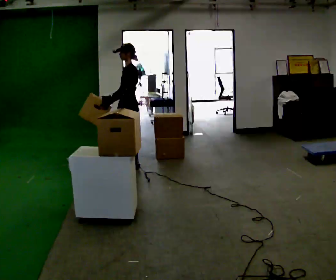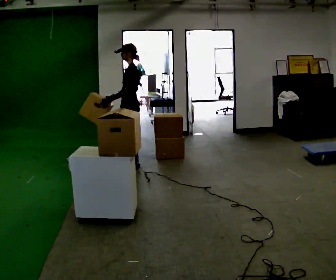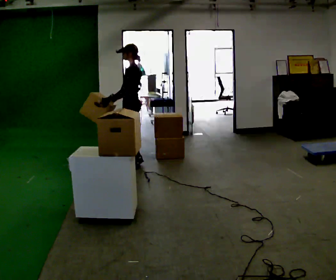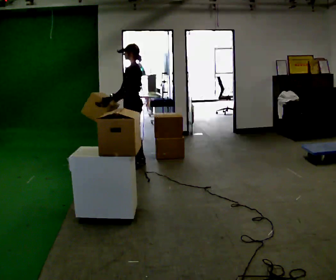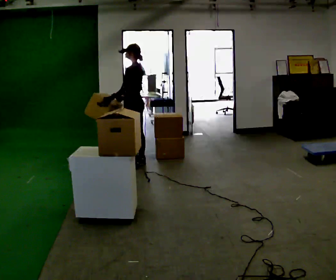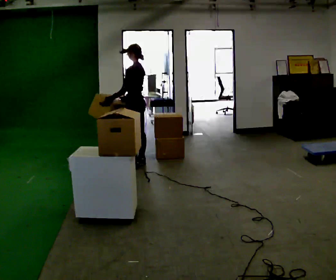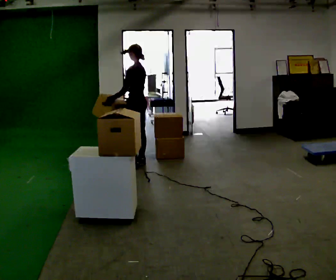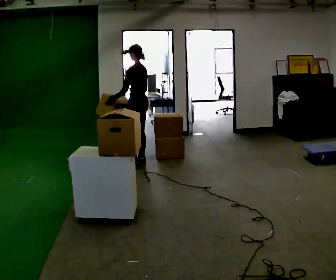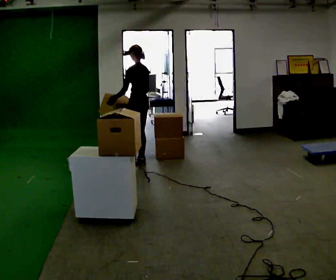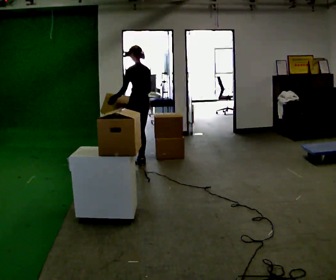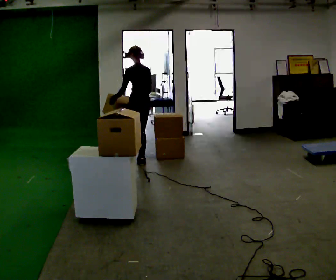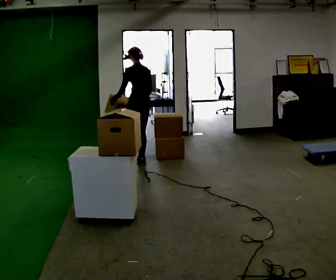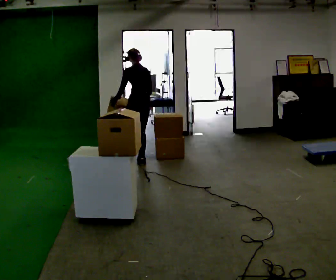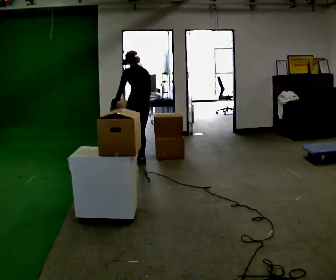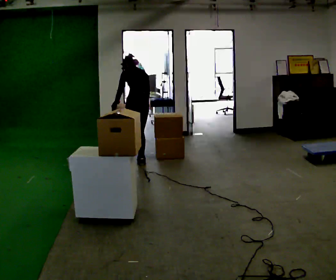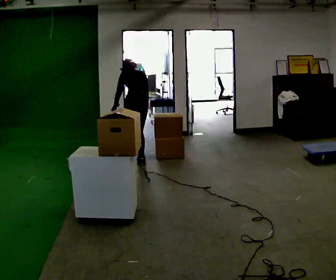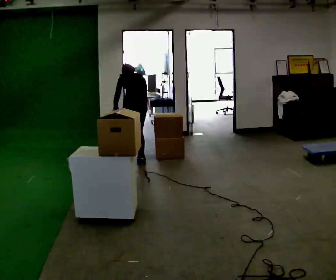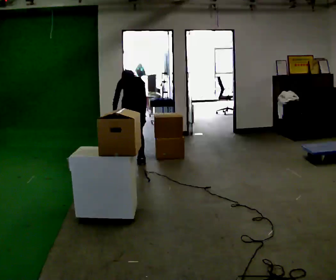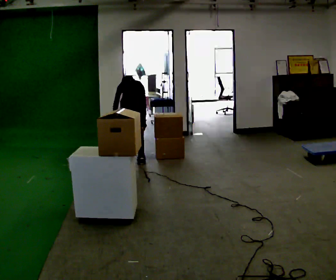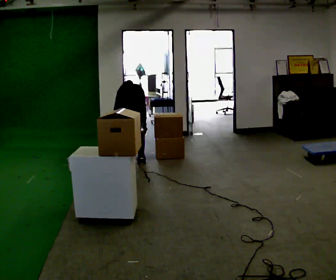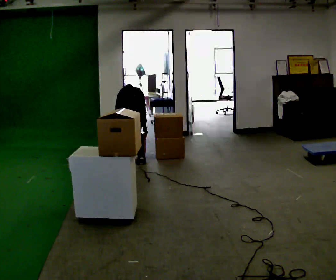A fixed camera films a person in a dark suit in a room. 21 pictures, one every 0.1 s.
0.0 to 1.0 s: The person turns about 60 degrees to their right, clockwise seen from above, so the part of the body nearest the lens slides to the left. In the picture they go away from the camera, about 0.25 m in 1 step. In the picture their right hand goes to the right.
1.0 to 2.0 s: Seen from above the body turns clockwise, about 45 degrees: to their right, with its near side sliding to the left. The shoulders move downward. The upper body tips away from the camera, its near side rolling upward, as they bend forward. In the picture their right hand goes downward.
The film runs backward here.
